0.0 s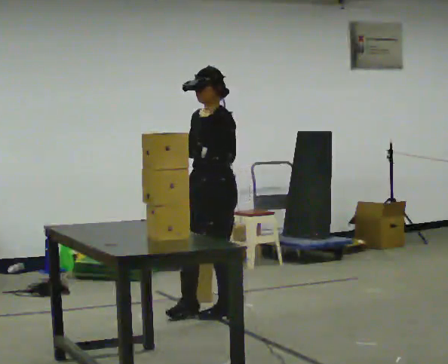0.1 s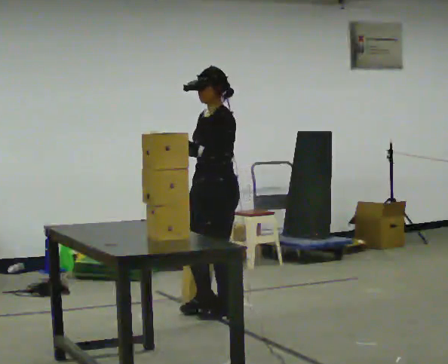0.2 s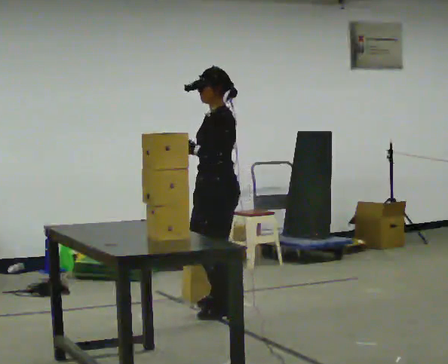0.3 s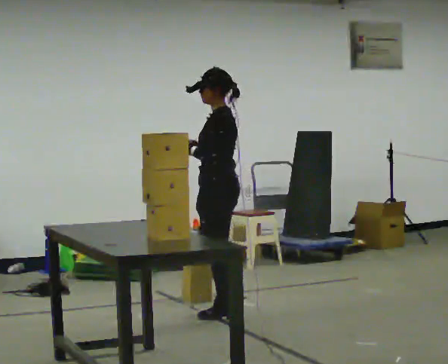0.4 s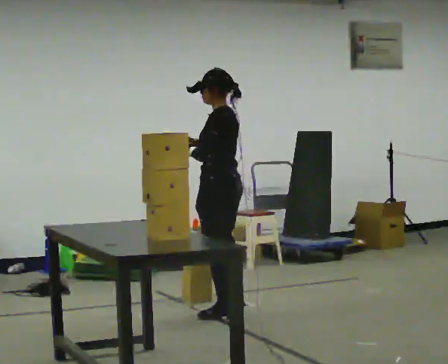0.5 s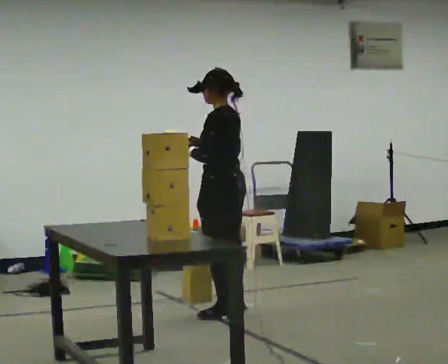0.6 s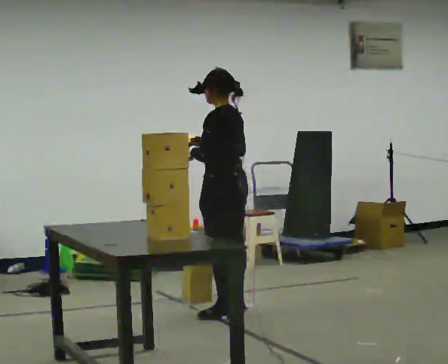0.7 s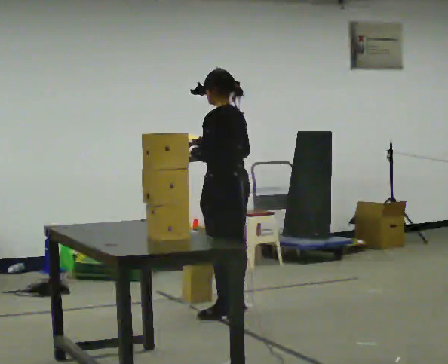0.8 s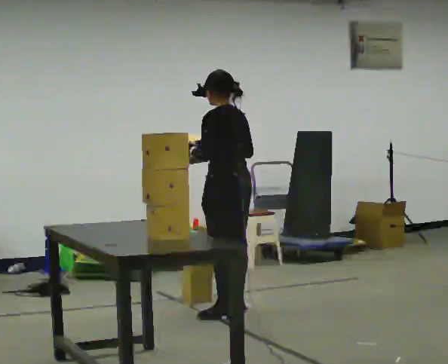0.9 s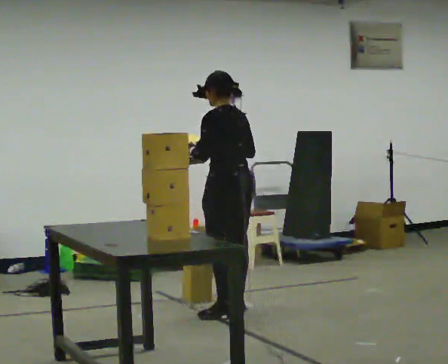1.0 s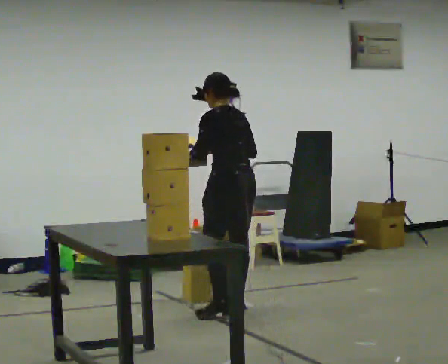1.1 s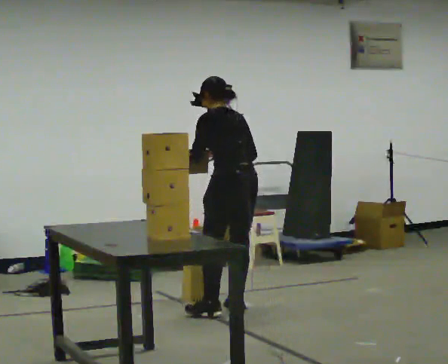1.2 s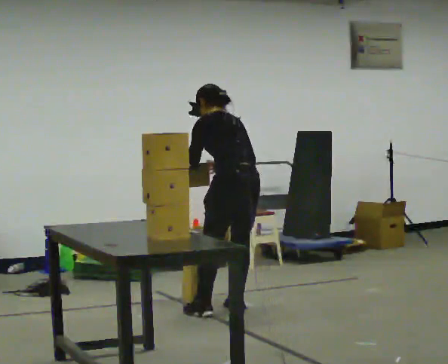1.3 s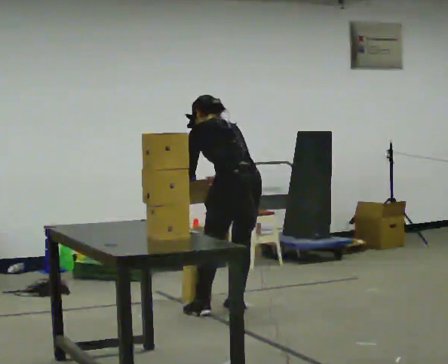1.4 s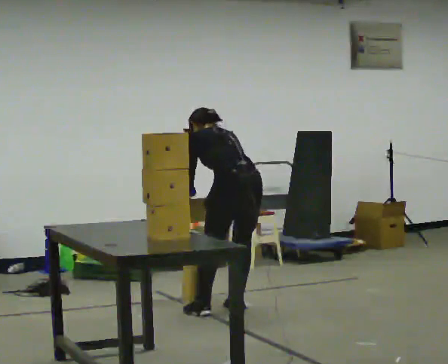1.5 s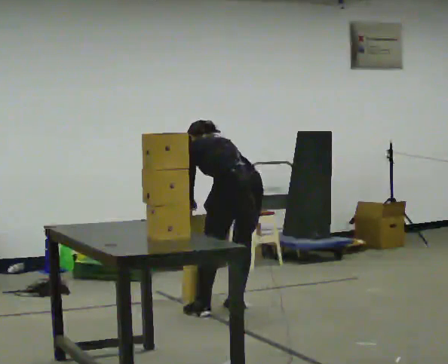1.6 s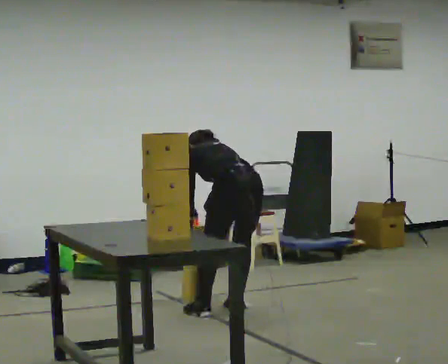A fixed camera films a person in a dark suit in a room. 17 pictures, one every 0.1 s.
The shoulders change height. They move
downward.
Their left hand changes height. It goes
downward.
0.0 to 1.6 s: Seen from above the body turns clockwise, about 90 degrees: to their right, with its near side sliding to the left. In the picture they go to the right and away from the camera, about 0.25 m in 1 step. The upper body goes downward. The upper body tips away from the camera, its near side rolling upward, as they bend forward. In the picture their right hand goes downward and to the right.
The film runs backward here.
